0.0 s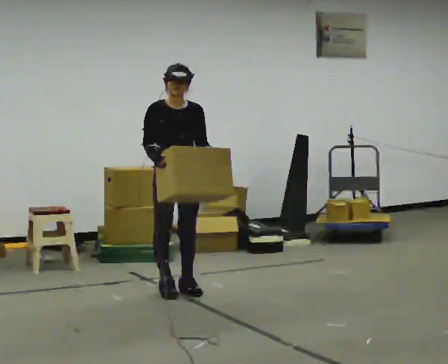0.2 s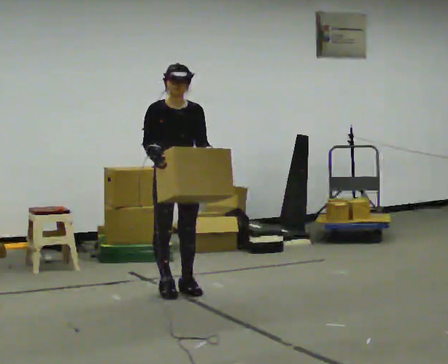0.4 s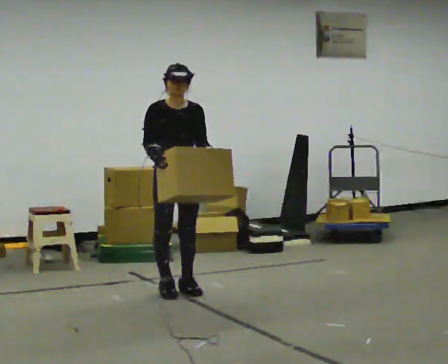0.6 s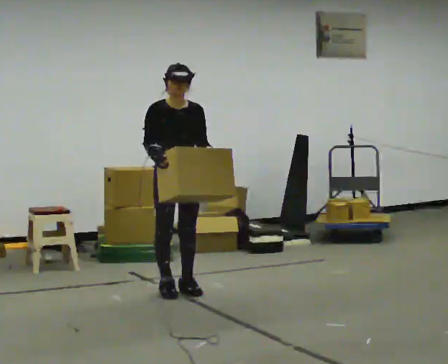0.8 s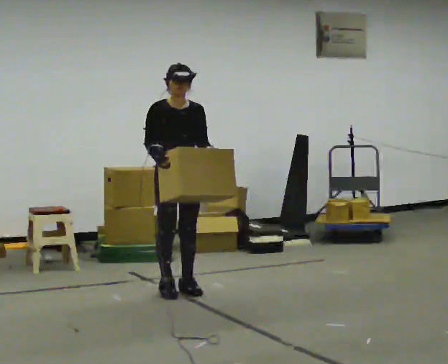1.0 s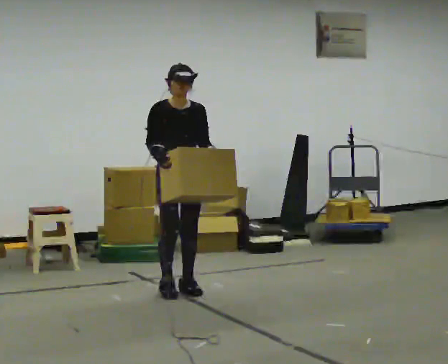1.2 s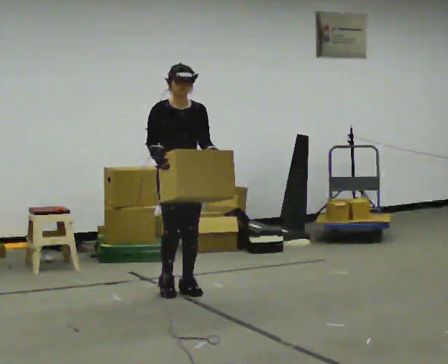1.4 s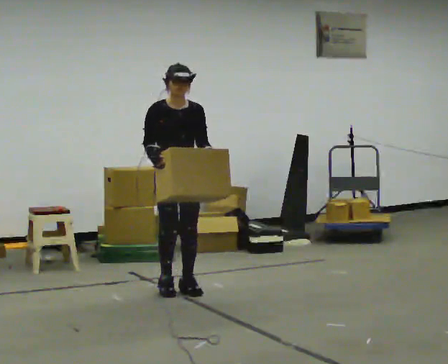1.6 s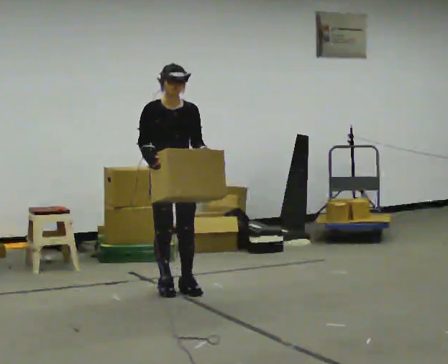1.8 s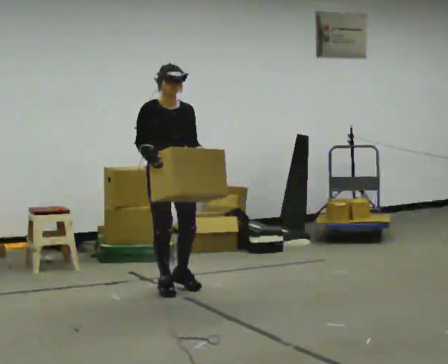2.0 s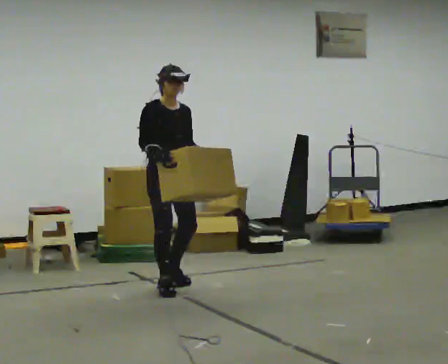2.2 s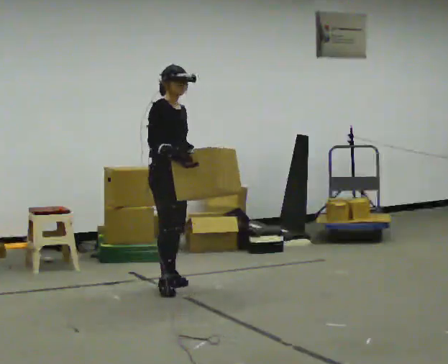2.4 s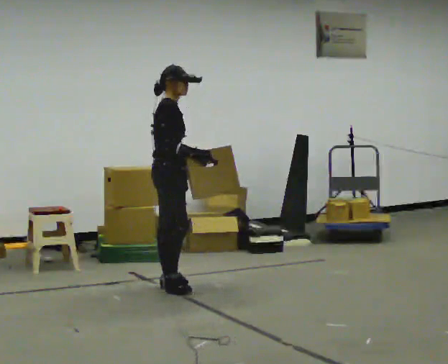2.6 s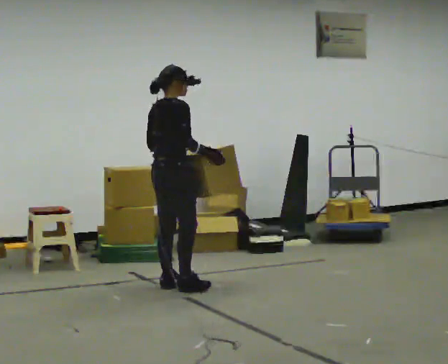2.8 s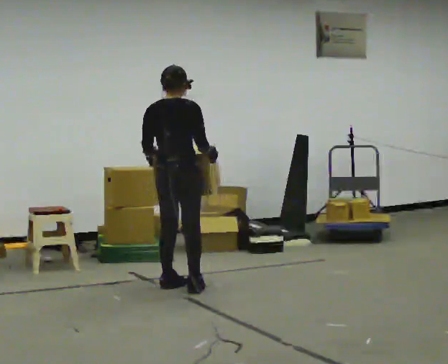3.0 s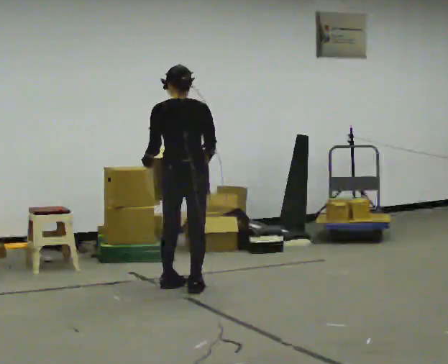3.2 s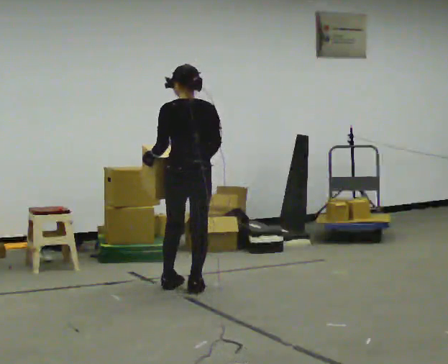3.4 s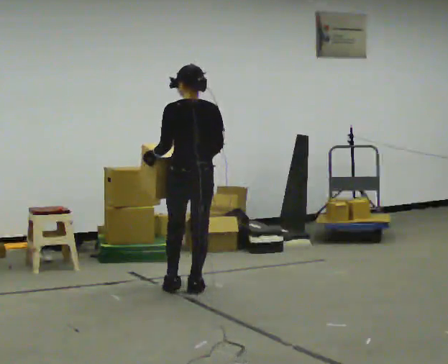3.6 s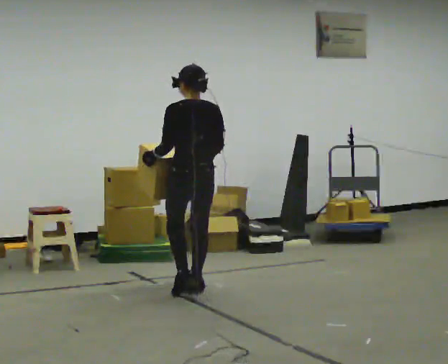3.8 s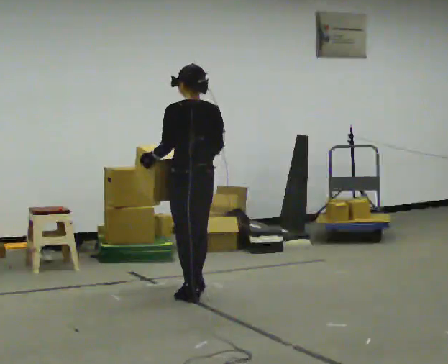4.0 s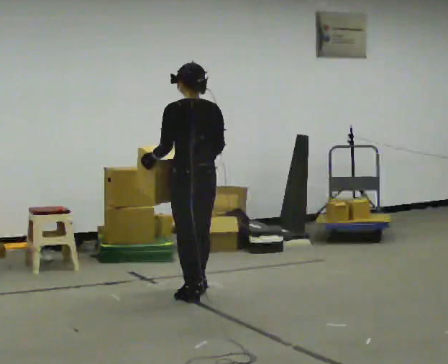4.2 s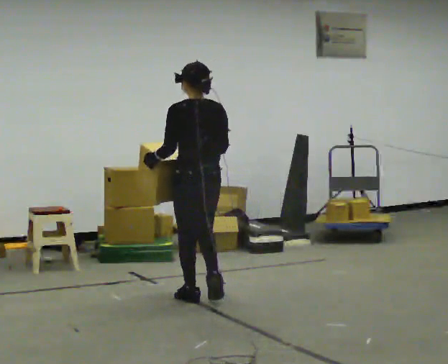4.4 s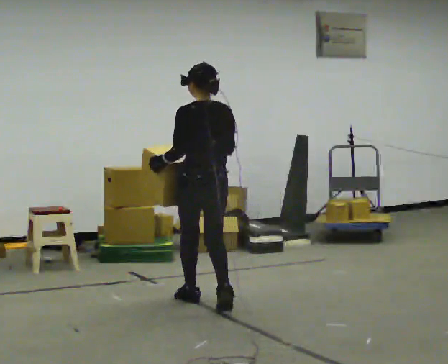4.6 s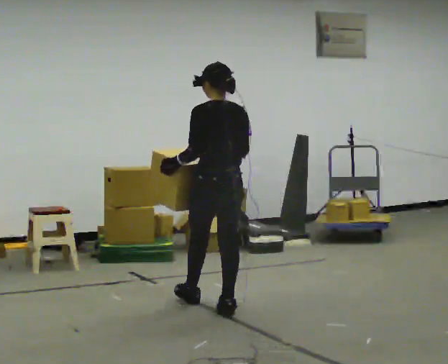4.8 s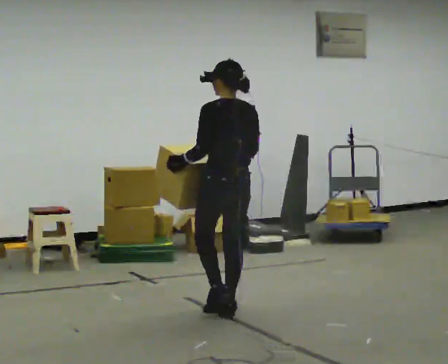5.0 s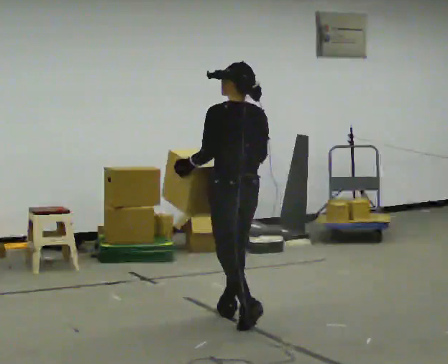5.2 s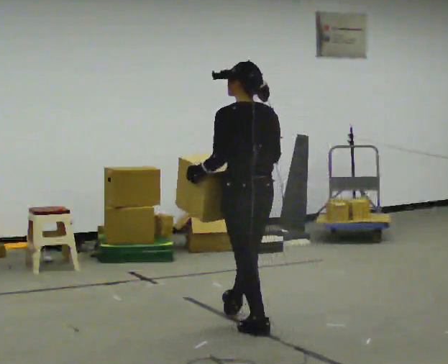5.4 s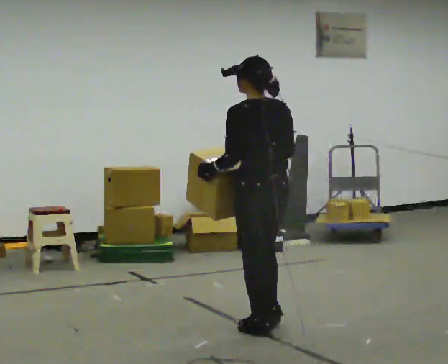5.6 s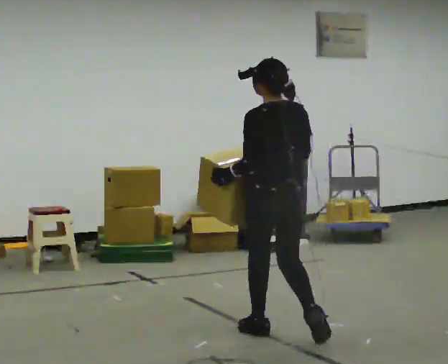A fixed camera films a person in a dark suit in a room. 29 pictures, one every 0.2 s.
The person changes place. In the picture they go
toward the camera.
The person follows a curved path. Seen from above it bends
clockwise.
0.0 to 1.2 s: The person moves a little, or ends about where they began.
1.2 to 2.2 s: The part of the body nearest the lens slides to the right as the person turns to their left by about 30 degrees.
2.2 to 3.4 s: Seen from above the body turns counterclockwise, about 135 degrees: to their left, with its near side sliding to the right. In the picture they go to the right, about 0.25 m in 2 steps.
3.4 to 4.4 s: In the picture they go toward the camera, about 0.25 m in 1 step, which for them is backward.
4.4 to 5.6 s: In the picture they go toward the camera and to the right, about 1 m in 2 steps, which for them is backward.
The film runs backward here.
